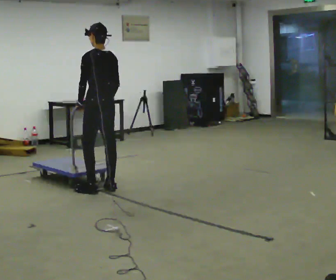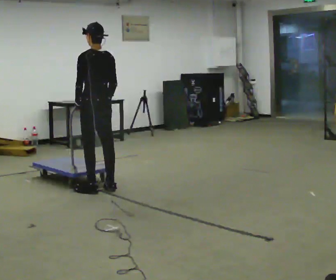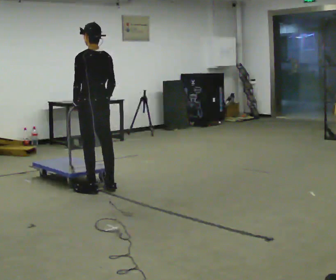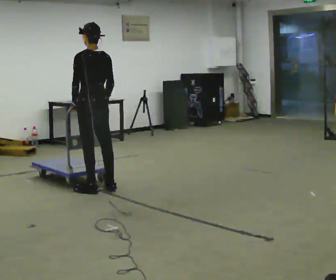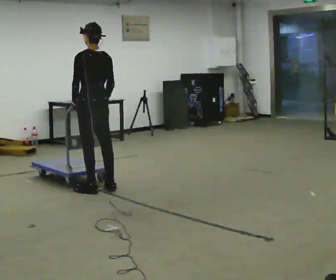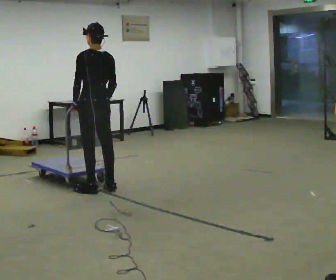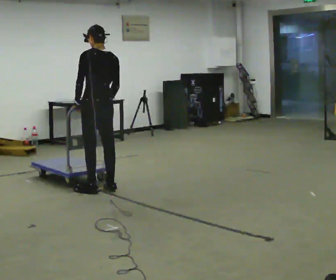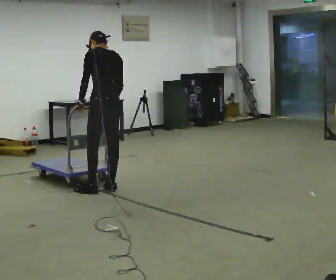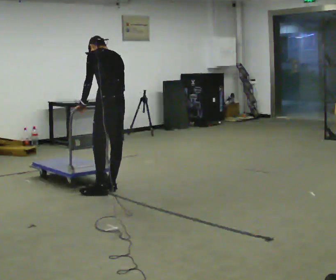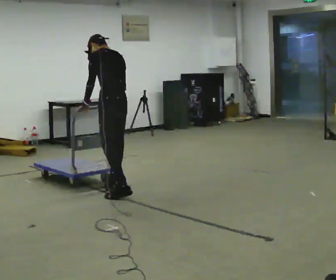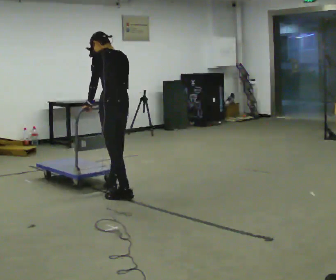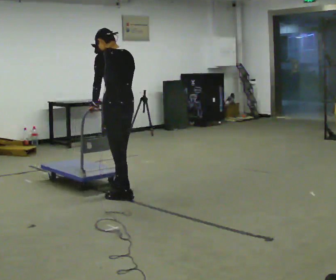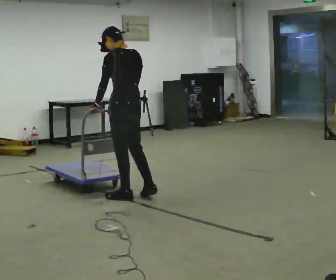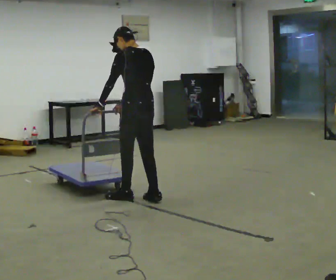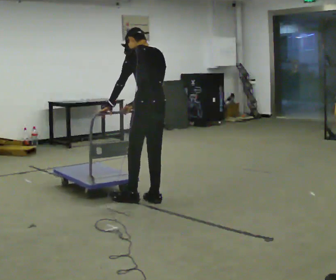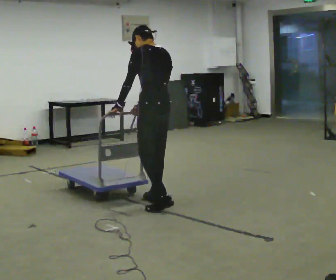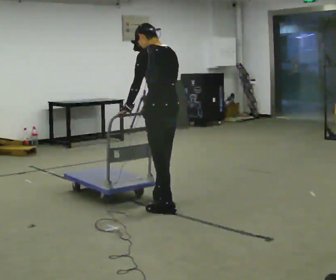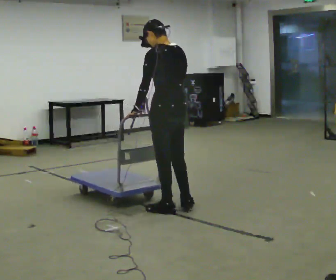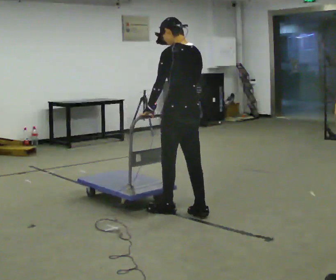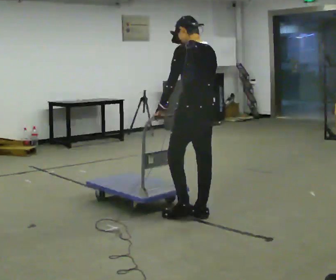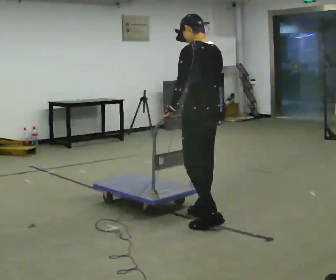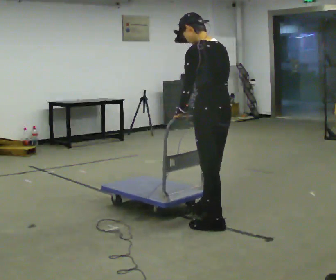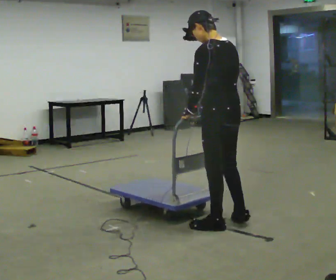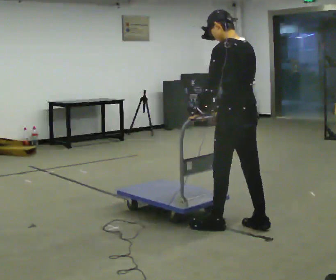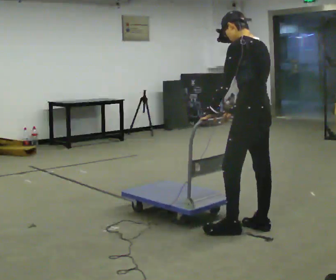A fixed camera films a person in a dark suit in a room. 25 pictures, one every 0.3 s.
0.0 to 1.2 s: The person moves a little, or ends about where they began.
1.2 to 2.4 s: In the picture they go to the right, about 0.25 m, which for them is backward. The upper body tips away from the camera, its near side rolling upward, as they bend forward.
2.4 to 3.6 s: In the picture they go toward the camera and to the right, about 0.25 m in 1 step, which for them is backward. The upper body tips toward the camera, its near side rolling downward, as they lean back or straighten.
3.6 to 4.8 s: In the picture they go toward the camera and to the right, about 0.5 m in 2 steps, which for them is backward.
4.8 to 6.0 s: In the picture they go toward the camera and to the right, about 0.5 m in 2 steps, which for them is backward.
6.0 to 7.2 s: In the picture they go to the right and toward the camera, about 0.5 m in 1 step, which for them is backward.
The film runs forward here.
